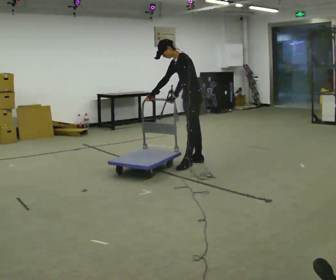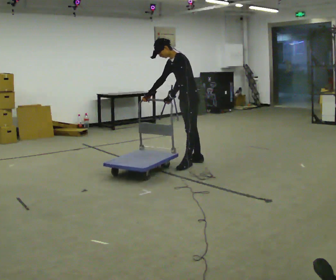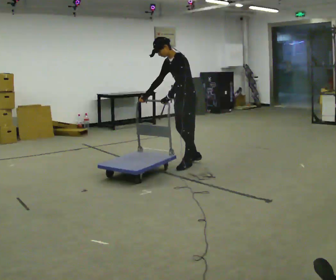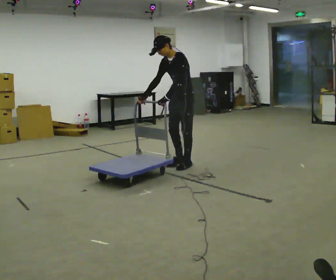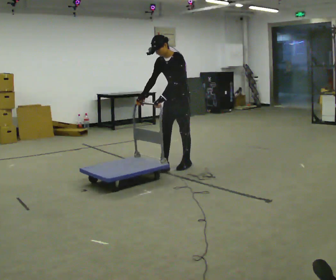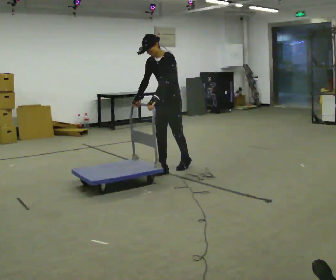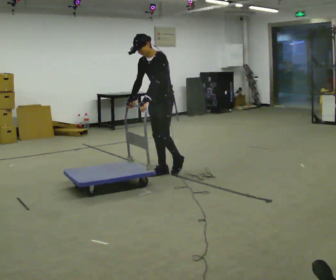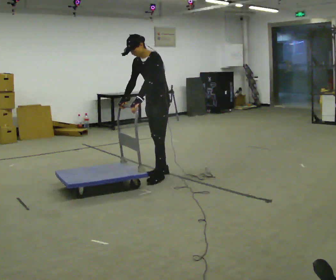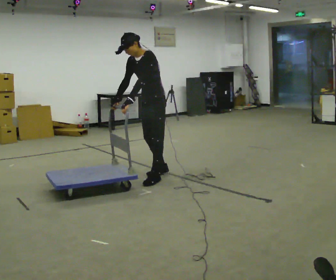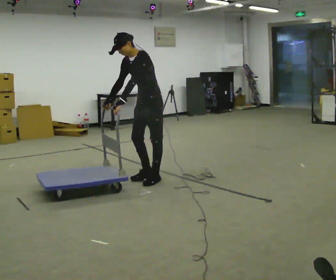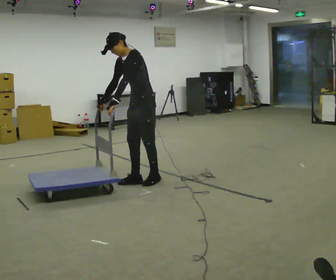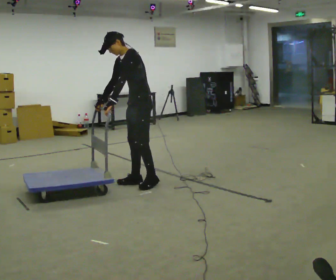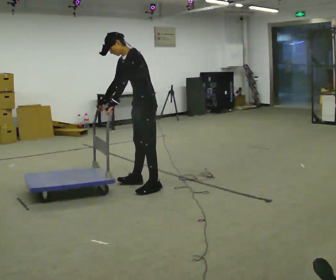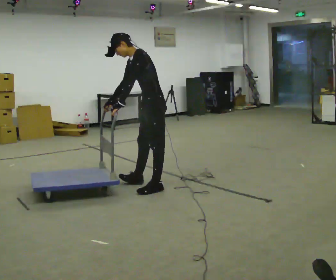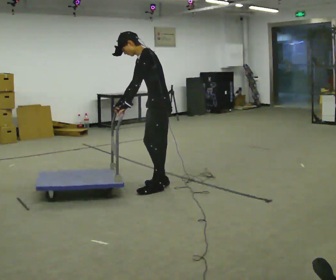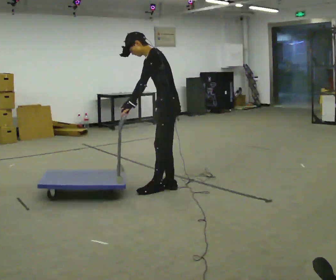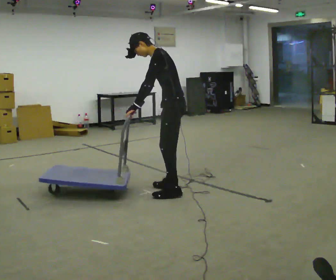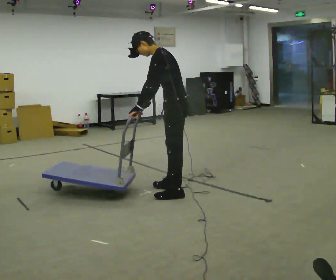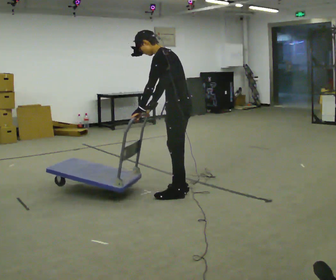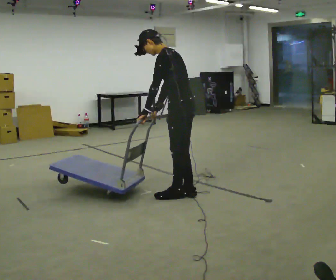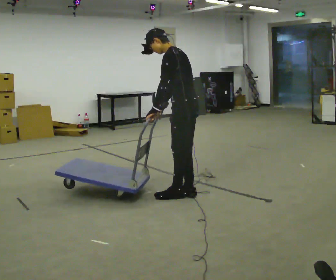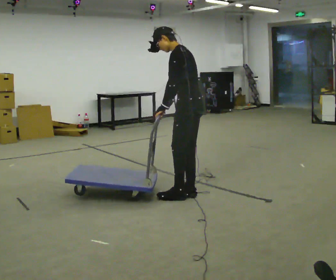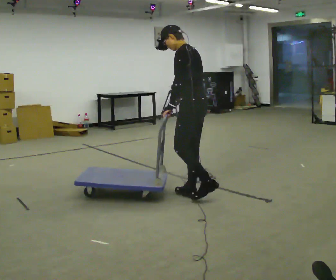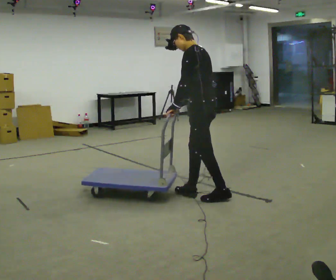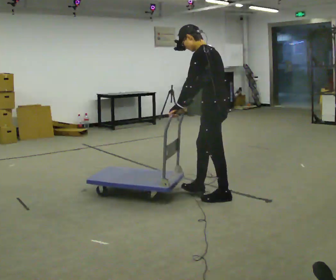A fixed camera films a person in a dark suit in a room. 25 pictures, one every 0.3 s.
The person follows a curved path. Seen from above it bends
counterclockwise.
The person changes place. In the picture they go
toward the camera.
0.0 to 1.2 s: The part of the body nearest the lens slides to the right as the person turns to their left by about 30 degrees. In the picture they go to the left and toward the camera, about 0.25 m, which for them is forward.
1.2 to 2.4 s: In the picture they go toward the camera and to the left, about 0.5 m in 2 steps, which for them is forward.
2.4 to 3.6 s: In the picture they go toward the camera, about 0.25 m in 2 steps, which for them is forward and to their left.
3.6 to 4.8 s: In the picture they go to the right and toward the camera, about 0.5 m in 1 step, which for them is to their left and backward.
4.8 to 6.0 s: In the picture they go toward the camera, about 0.25 m in 2 steps, which for them is backward and to their left.
6.0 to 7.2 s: In the picture they go to the right and toward the camera, about 0.25 m in 1 step, which for them is backward.
The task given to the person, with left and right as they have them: Push the cart across the room using only the hand the operator calls. Keep your other arm at your side.
The film runs forward here.
